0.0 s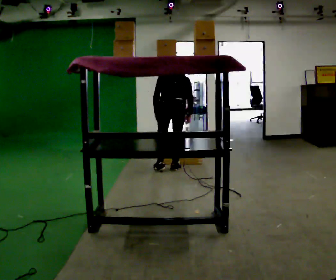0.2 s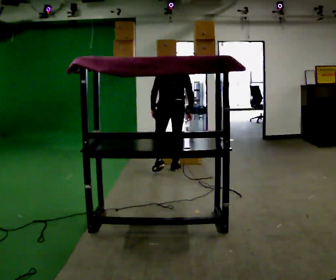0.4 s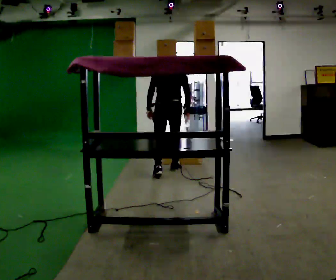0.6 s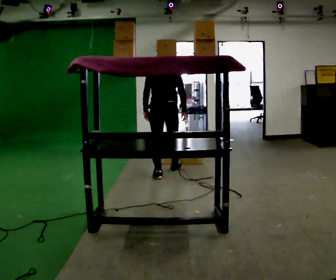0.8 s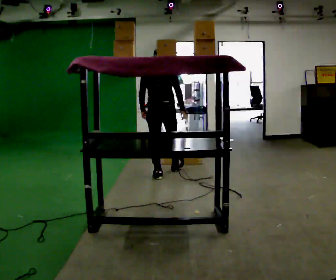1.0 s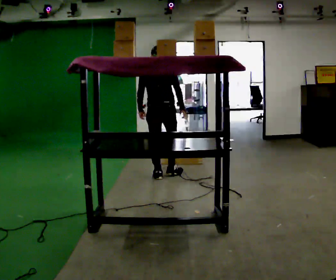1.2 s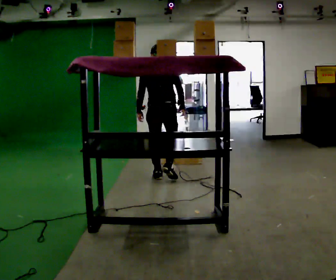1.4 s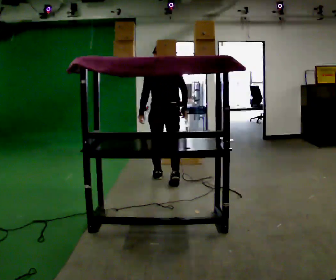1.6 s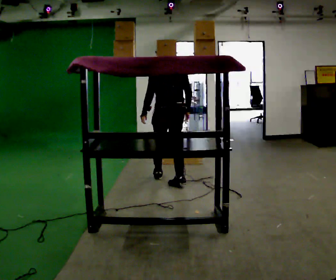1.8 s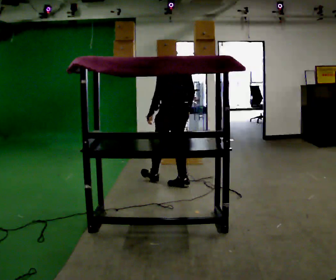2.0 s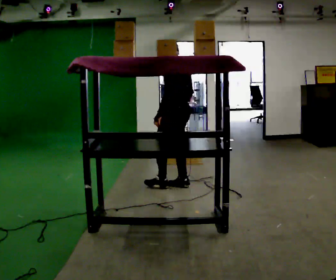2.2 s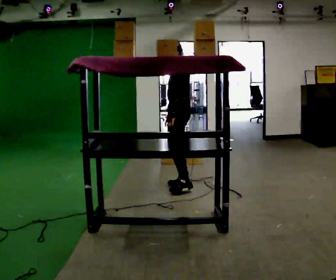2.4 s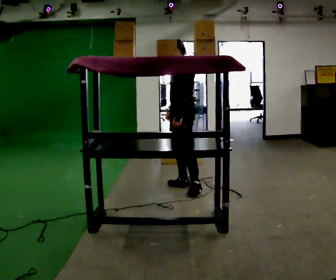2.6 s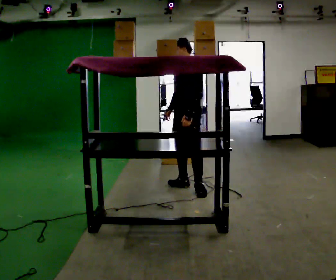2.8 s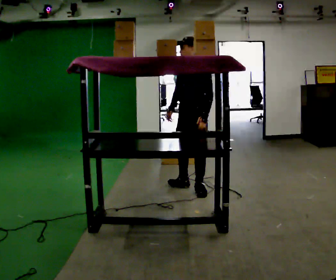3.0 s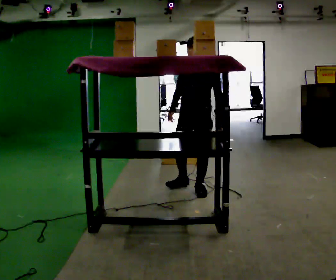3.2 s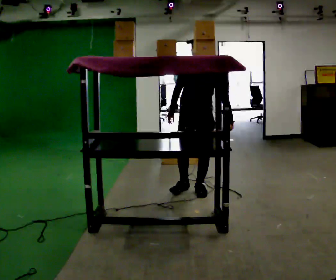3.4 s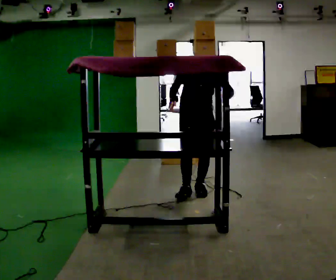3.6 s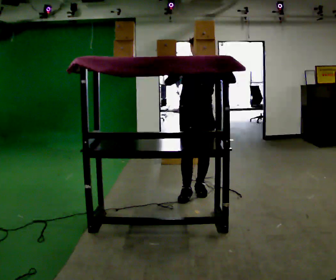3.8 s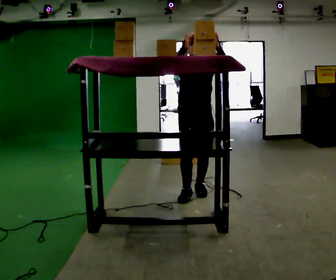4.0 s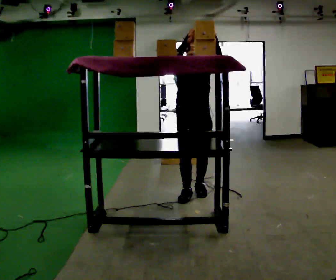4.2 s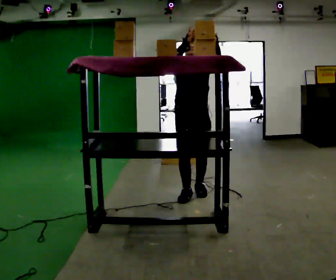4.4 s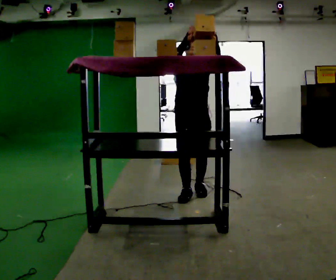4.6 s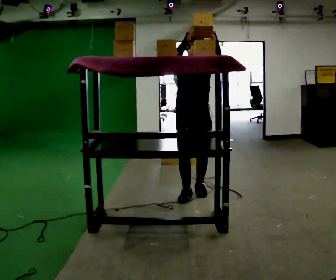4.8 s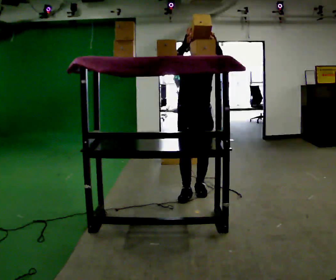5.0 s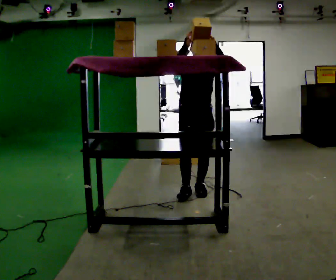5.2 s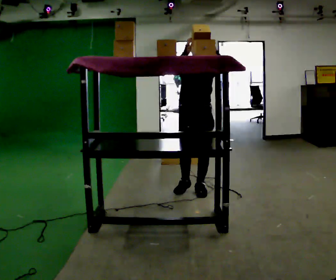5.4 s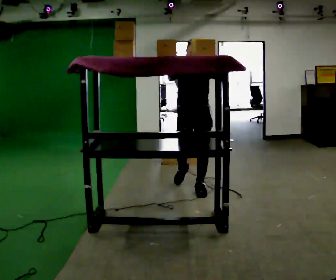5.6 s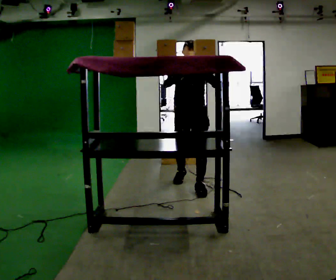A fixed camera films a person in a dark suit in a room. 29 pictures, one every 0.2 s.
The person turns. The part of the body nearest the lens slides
to the right.
The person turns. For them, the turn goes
to their left.
0.0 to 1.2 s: In the picture they go toward the camera, about 0.5 m in 1 step, which for them is backward. The upper body tips toward the camera, its near side rolling downward, as they lean back or straighten.
1.2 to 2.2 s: The part of the body nearest the lens slides to the right as the person turns to their left by about 90 degrees. In the picture they go toward the camera and to the right, about 0.5 m in 1 step.
2.2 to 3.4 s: Seen from above the body turns counterclockwise, about 90 degrees: to their left, with its near side sliding to the right. In the picture they go toward the camera and to the right, about 0.25 m in 1 step.
3.4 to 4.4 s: In the picture their right hand goes upward.
4.4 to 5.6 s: In the picture they go away from the camera, about 0.25 m in 1 step, which for them is backward. In the picture their right hand goes downward.
The film runs backward here.
